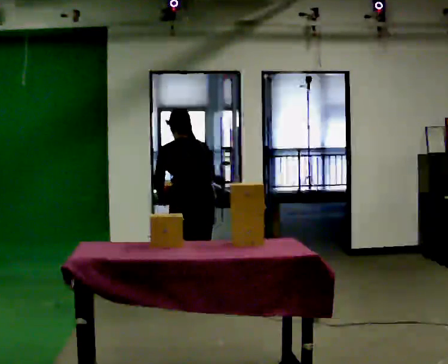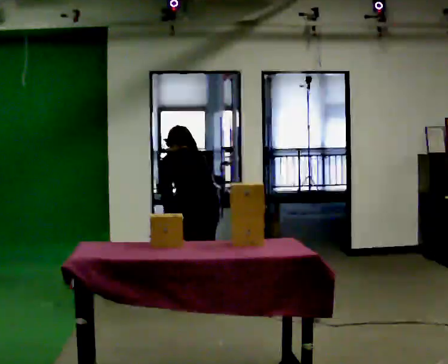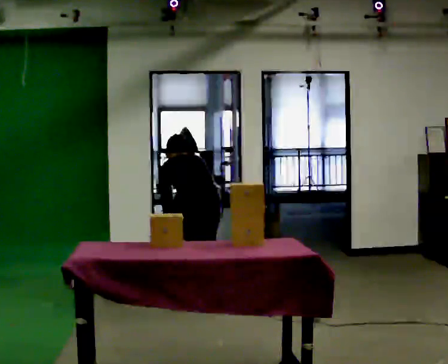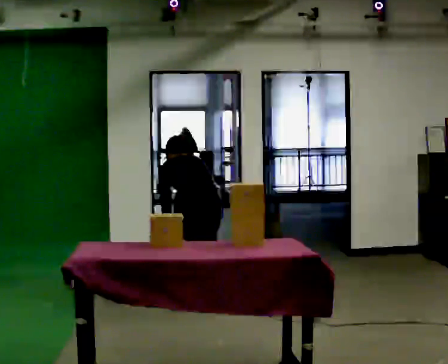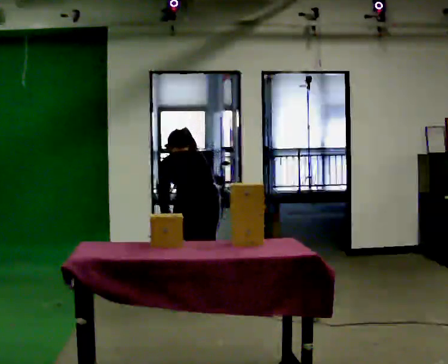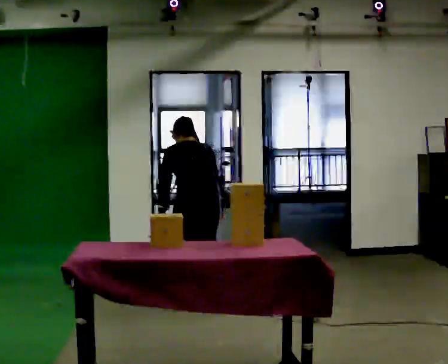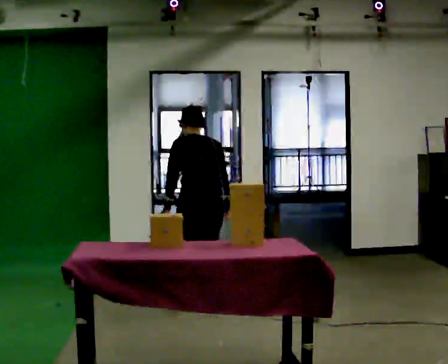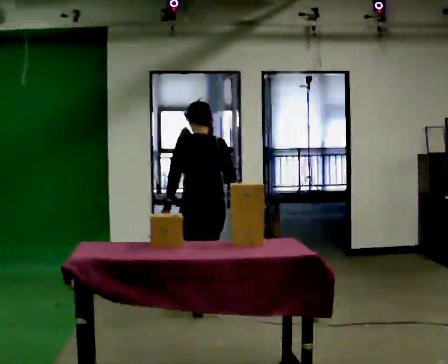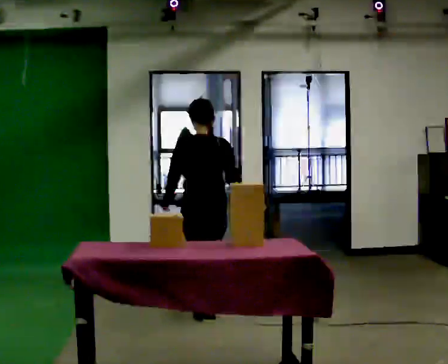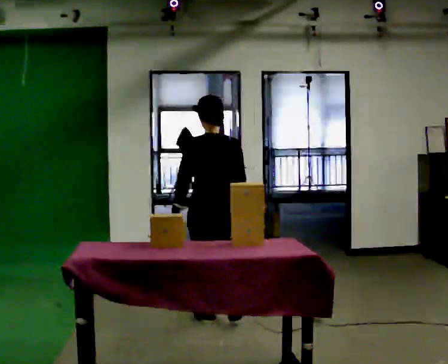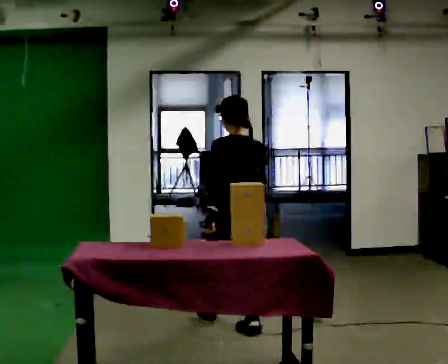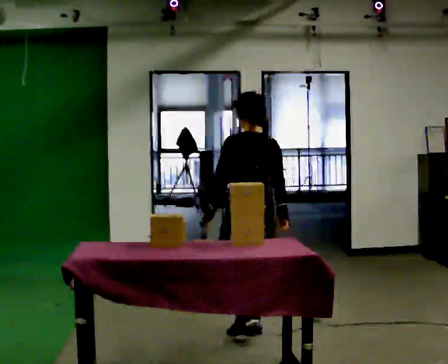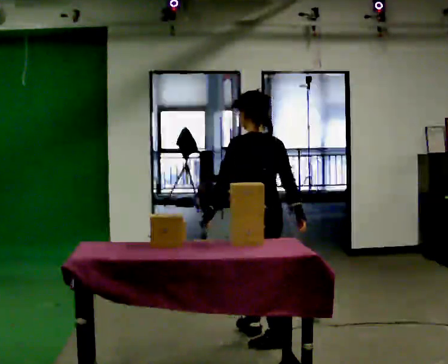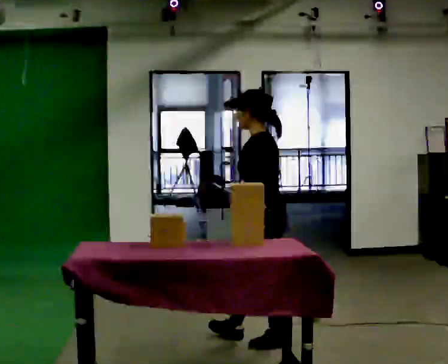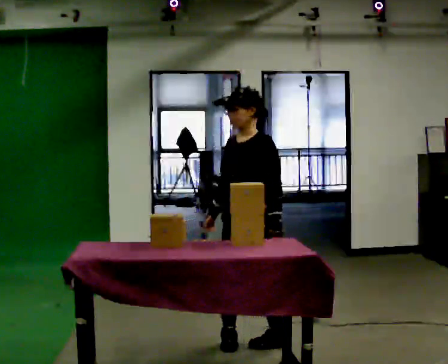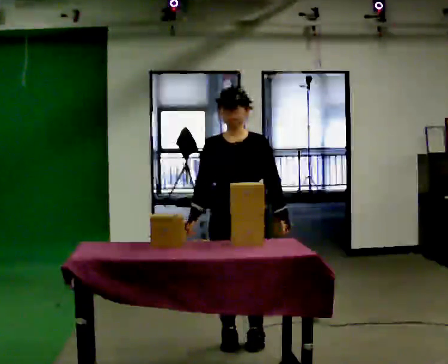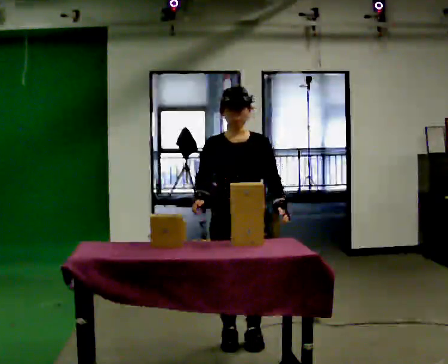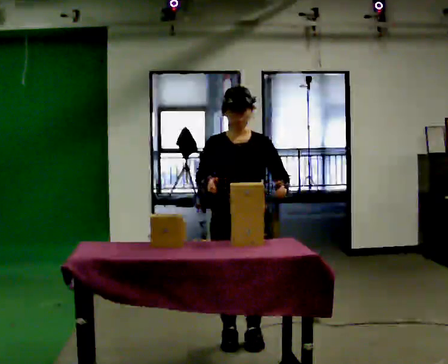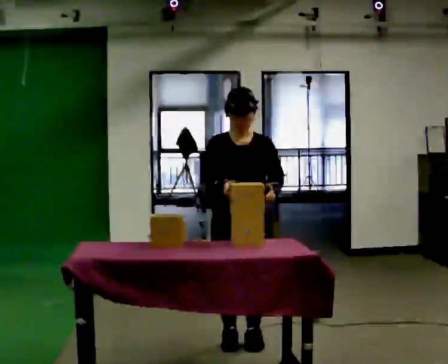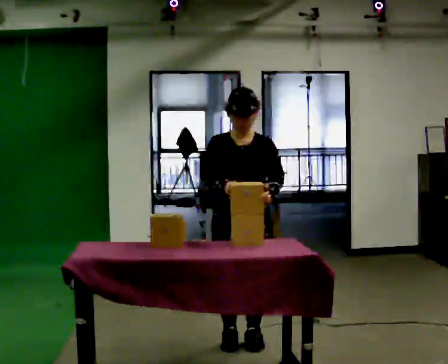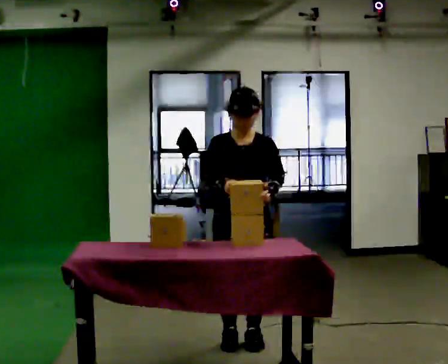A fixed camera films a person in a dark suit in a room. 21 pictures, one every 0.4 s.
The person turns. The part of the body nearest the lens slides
to the right.
The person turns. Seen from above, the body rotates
counterclockwise.
0.0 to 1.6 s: The person moves a little, or ends about where they began.
1.6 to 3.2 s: In the picture they go toward the camera, about 0.25 m in 1 step, which for them is backward. The upper body tips toward the camera, its near side rolling downward, as they lean back or straighten. In the picture their right hand goes to the right.
3.2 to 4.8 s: Seen from above the body turns counterclockwise, about 30 degrees: to their left, with its near side sliding to the right. In the picture they go toward the camera and to the right, about 1 m in 2 steps, which for them is backward.
4.8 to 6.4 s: The person turns about 135 degrees to their left, counterclockwise seen from above, so the part of the body nearest the lens slides to the right. In the picture they go to the left, about 0.25 m in 2 steps. In the picture their left hand goes to the right, the arm swinging counterclockwise.
6.4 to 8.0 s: The person moves a little, or ends about where they began.
The film runs backward here.
